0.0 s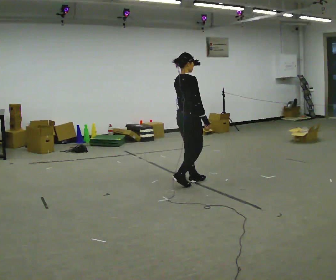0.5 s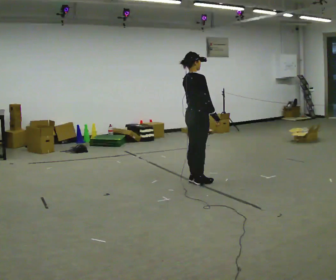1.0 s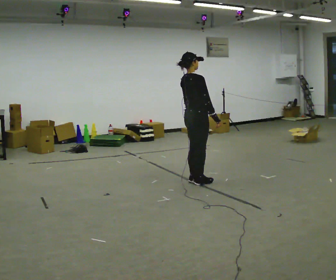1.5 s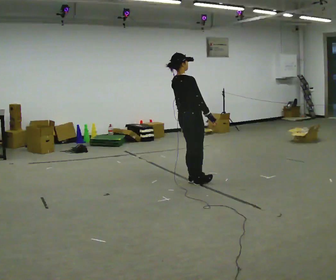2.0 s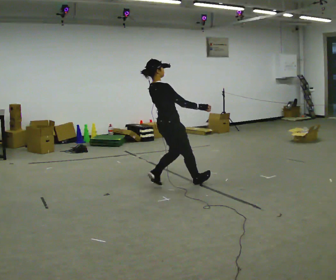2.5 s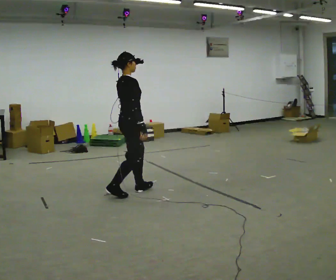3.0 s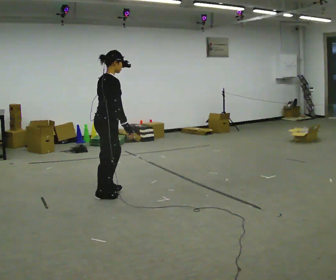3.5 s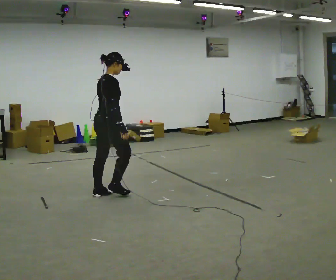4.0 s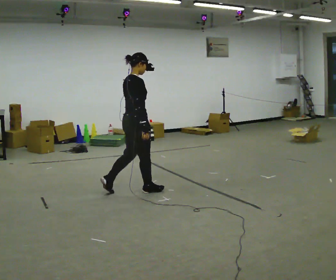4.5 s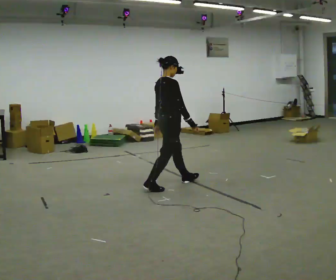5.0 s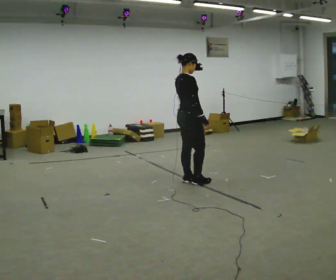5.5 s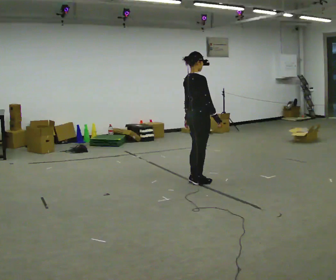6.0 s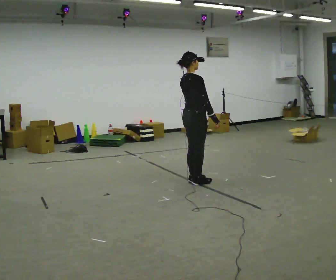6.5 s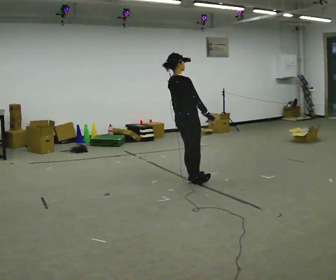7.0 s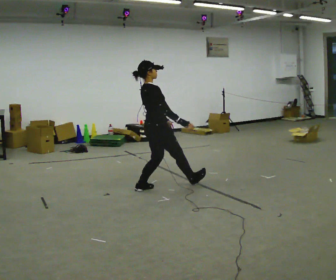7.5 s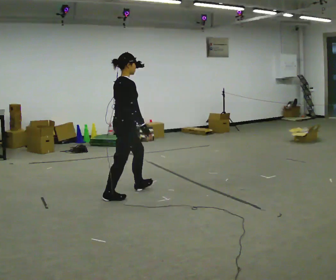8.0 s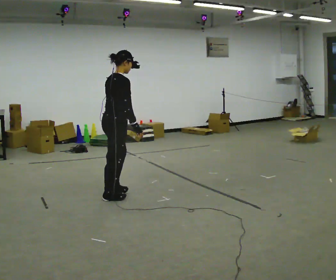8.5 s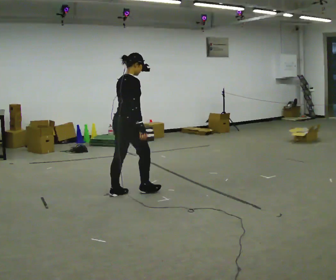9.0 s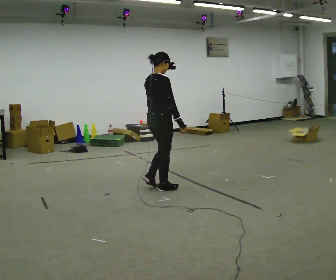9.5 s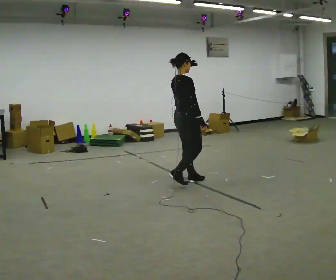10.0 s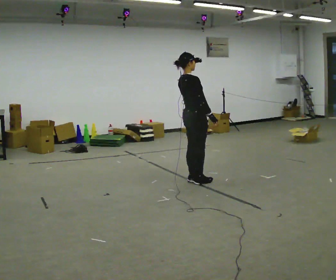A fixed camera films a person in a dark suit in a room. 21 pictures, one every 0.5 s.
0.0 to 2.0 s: In the picture they go to the left and toward the camera, about 0.25 m in 1 step, which for them is backward.
2.0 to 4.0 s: In the picture they go to the left and toward the camera, about 0.25 m in 4 steps, which for them is backward.
4.0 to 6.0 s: In the picture they go to the right and away from the camera, about 0.5 m in 2 steps, which for them is forward.
6.0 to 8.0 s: In the picture they go to the left and toward the camera, about 1 m in 3 steps, which for them is backward.
8.0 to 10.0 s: In the picture they go to the right and away from the camera, about 1 m in 3 steps, which for them is forward. In the picture the upper body tilts counterclockwise, shoulders to the left, as they lean back or straighten.
The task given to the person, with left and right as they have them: Stand on the marked spots. Lean backward, keeping your body straight, until you cannot hold it, then step back to catch yourself. Return to the spots. Repeat at your own pace until the operator says stop. Go slowly and only as far as you are comfortable. Step whenever you need to; do not try to hold on longer than feels safe.
The film runs forward here.
